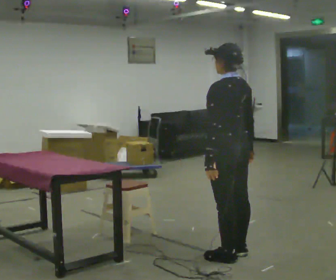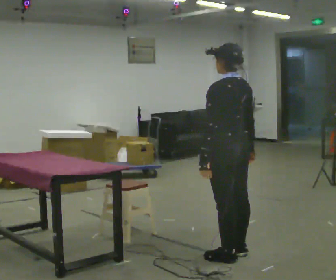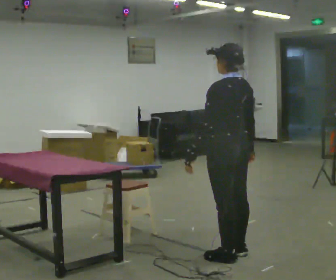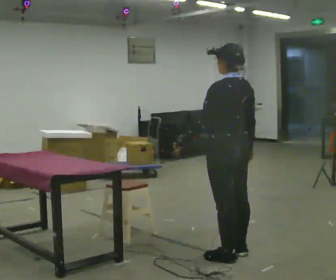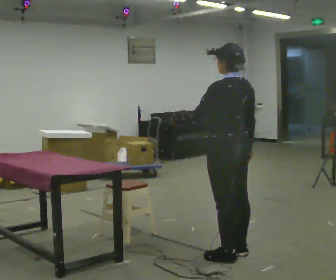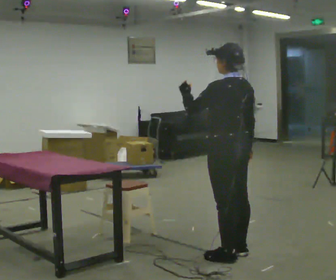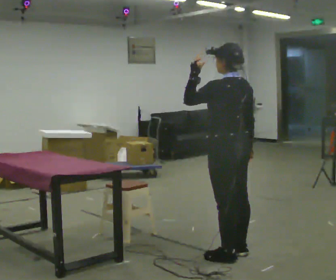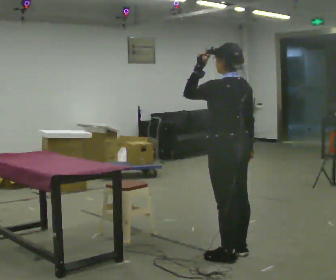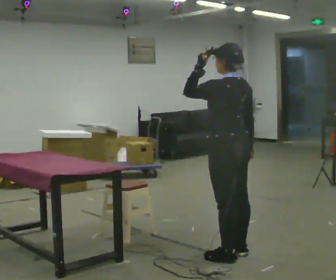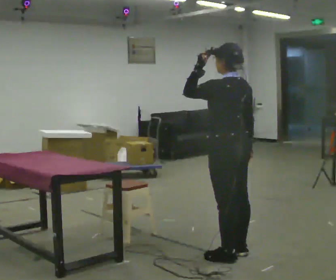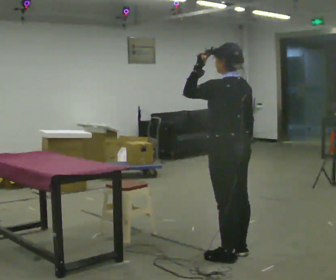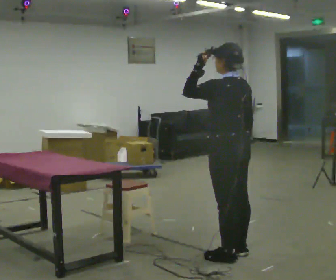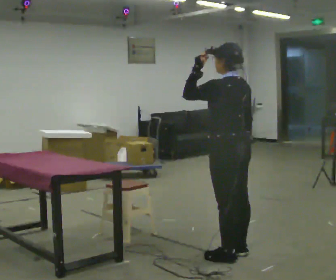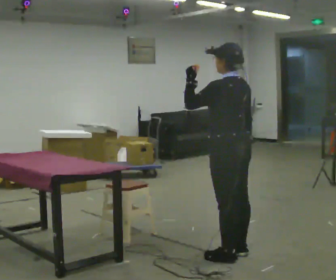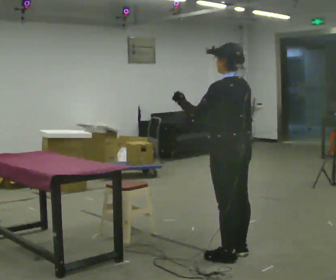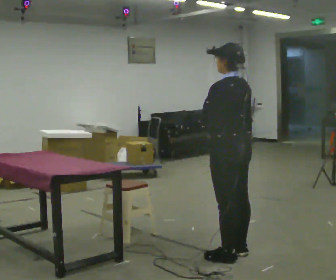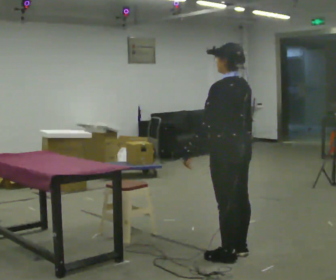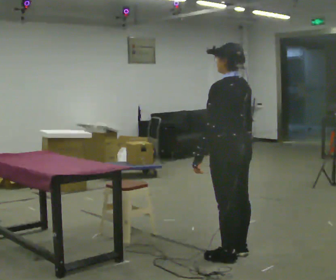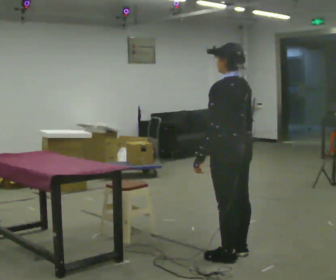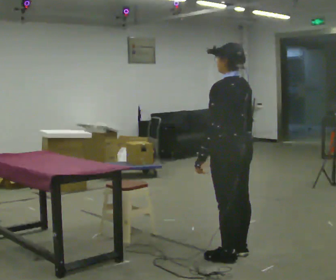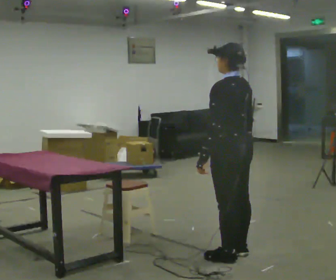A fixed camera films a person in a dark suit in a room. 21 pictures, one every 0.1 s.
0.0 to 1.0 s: In the picture their left hand goes upward.
1.0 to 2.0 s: In the picture their left hand goes downward.
The film runs backward here.
